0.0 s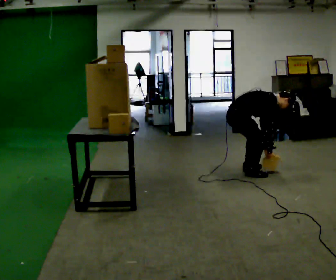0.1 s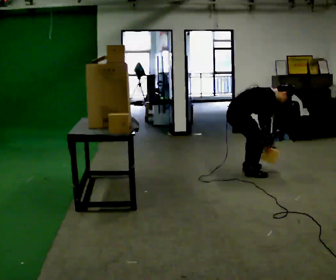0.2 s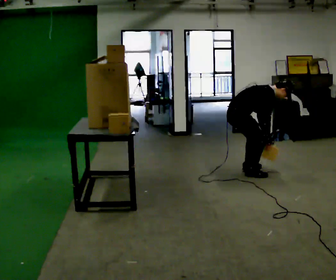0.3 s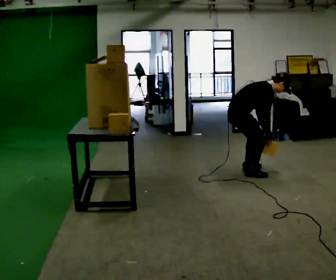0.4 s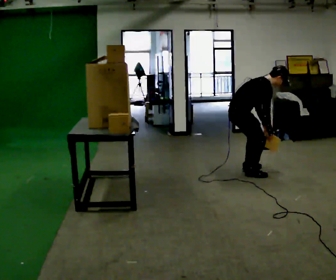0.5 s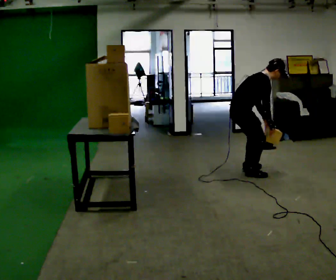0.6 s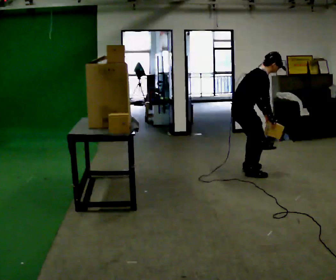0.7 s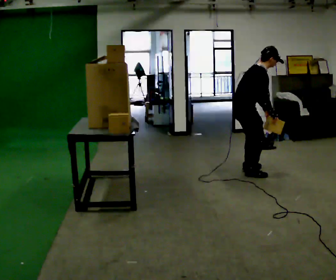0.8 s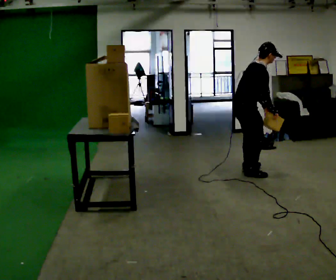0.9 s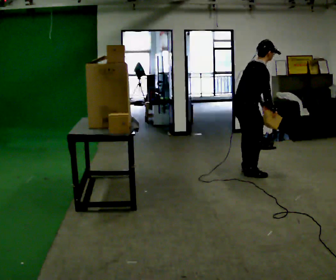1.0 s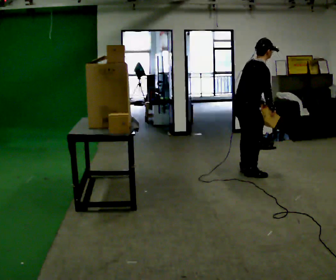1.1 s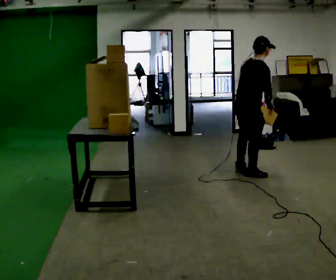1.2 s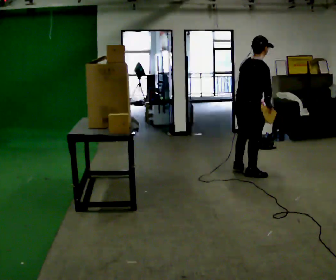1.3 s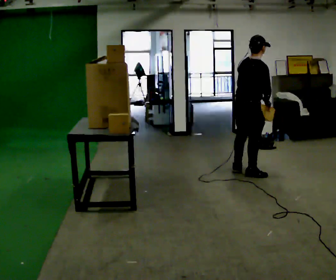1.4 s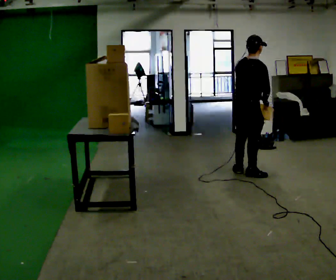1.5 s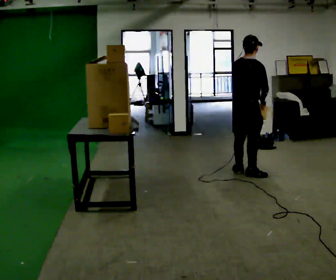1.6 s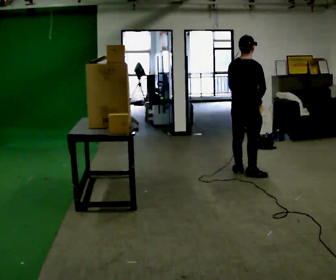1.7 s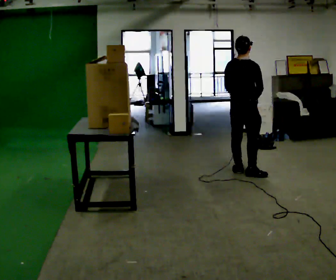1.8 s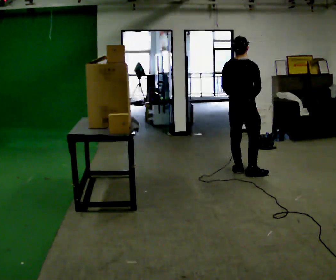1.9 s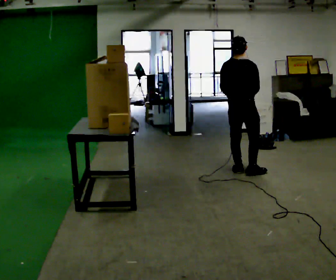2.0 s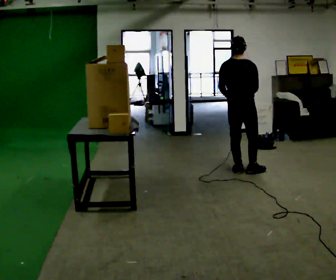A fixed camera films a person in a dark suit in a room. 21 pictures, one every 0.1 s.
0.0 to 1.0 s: The upper body goes upward. In the picture the upper body tilts counterclockwise, shoulders to the left, as they lean back or straighten. In the picture their right hand goes upward.
1.0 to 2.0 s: The person turns about 45 degrees to their left, counterclockwise seen from above, so the part of the body nearest the lens slides to the right. In the picture they go away from the camera, about 0.25 m, which for them is to their left. In the picture the upper body tilts counterclockwise, shoulders to the left.
The film runs forward here.
